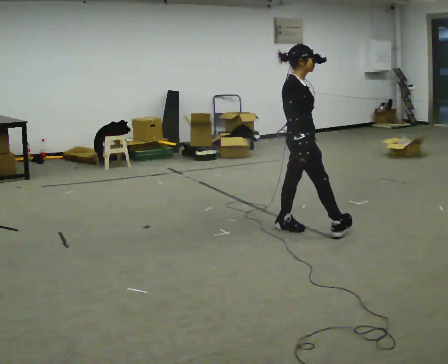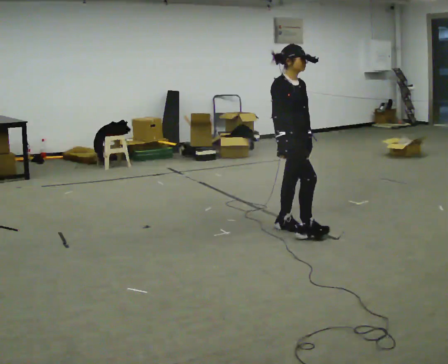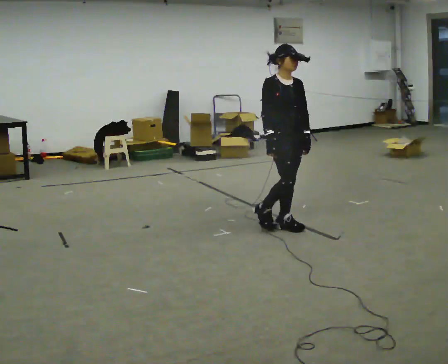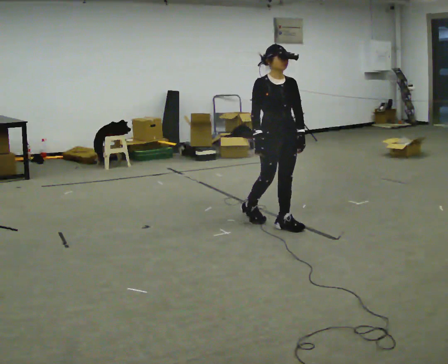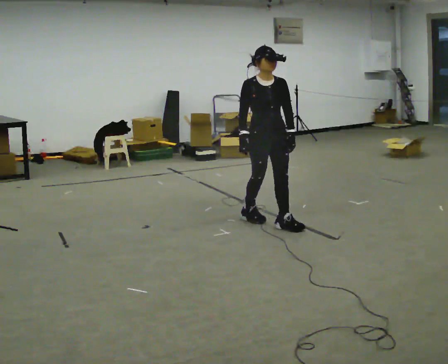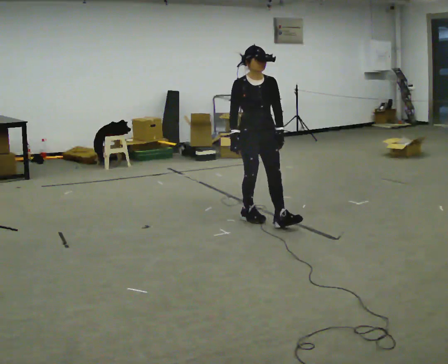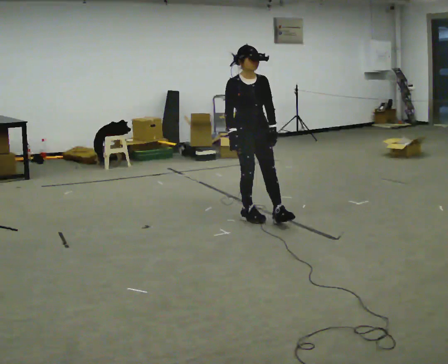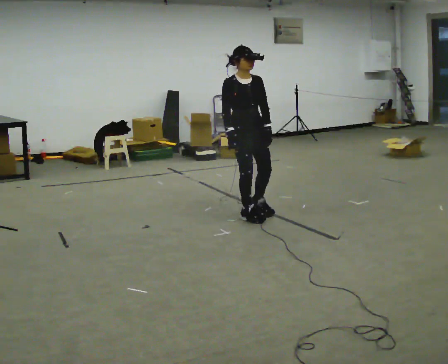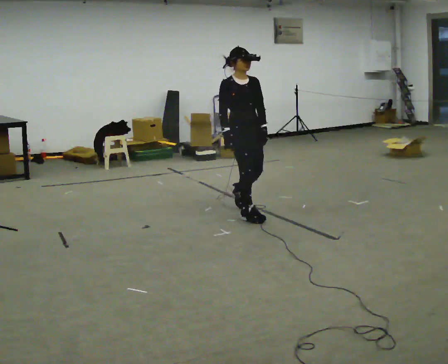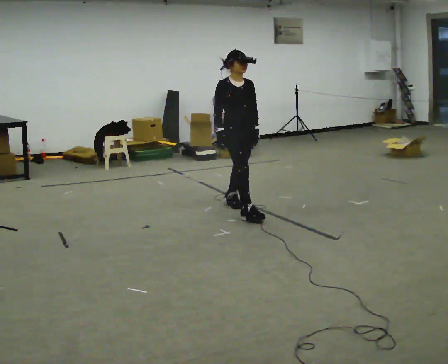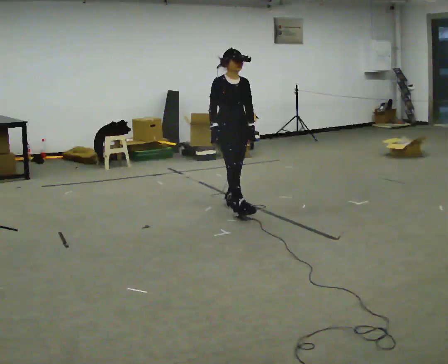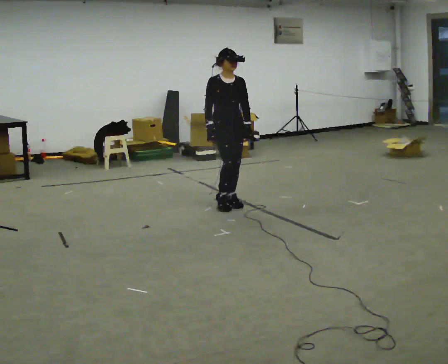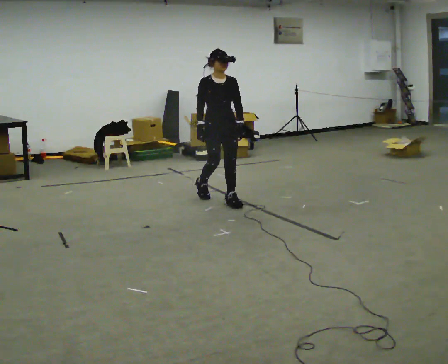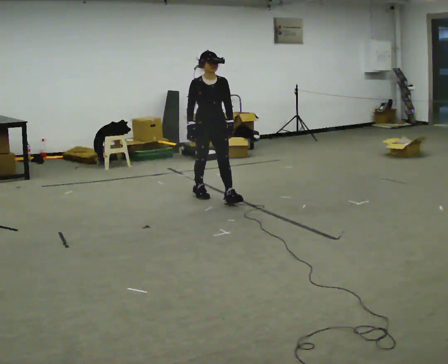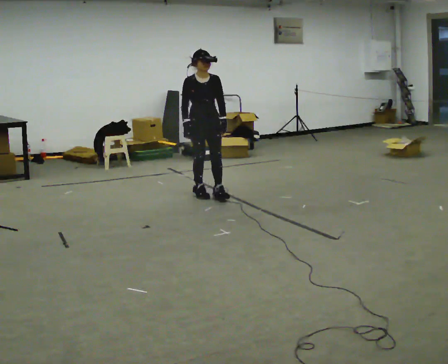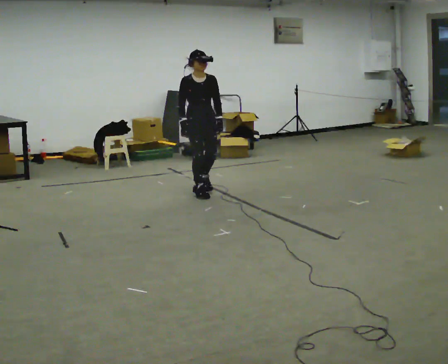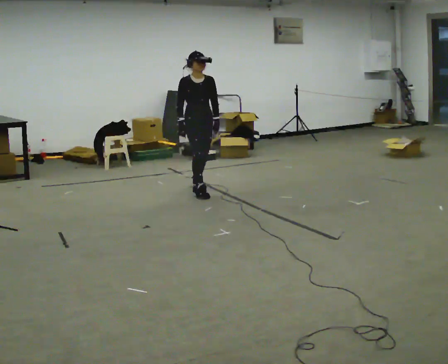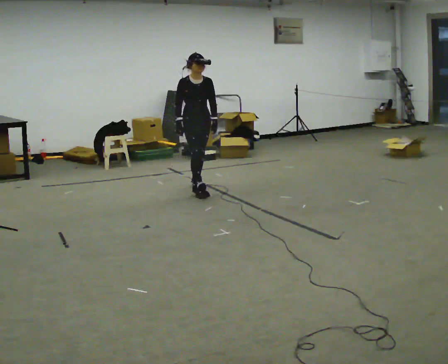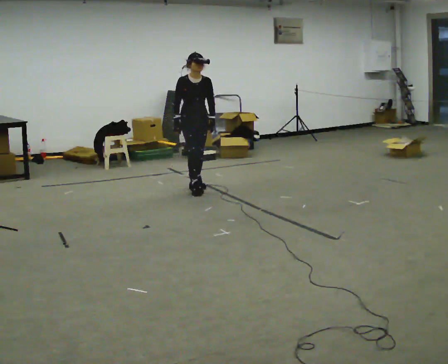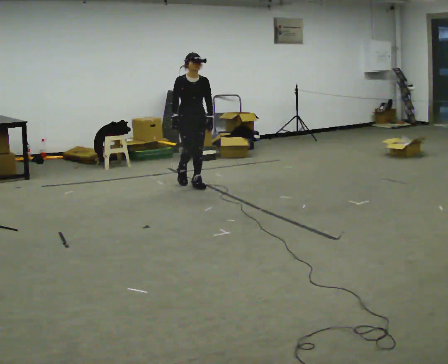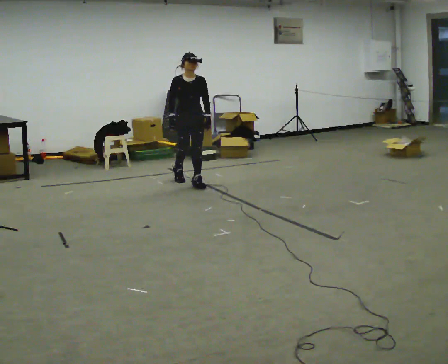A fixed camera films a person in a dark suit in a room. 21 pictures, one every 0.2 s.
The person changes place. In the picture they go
away from the camera.
0.0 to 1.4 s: Seen from above the body turns clockwise, about 45 degrees: to their right, with its near side sliding to the left. In the picture they go to the left and away from the camera, about 0.5 m in 2 steps.
1.4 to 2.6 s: In the picture they go away from the camera and to the left, about 0.5 m in 1 step, which for them is backward.
2.6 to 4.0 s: In the picture they go away from the camera and to the left, about 0.75 m in 2 steps, which for them is backward.
The film runs backward here.
